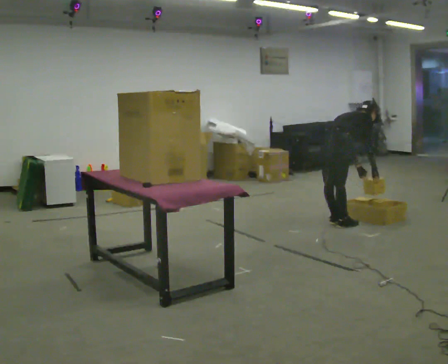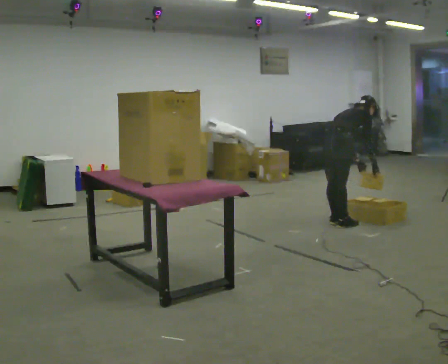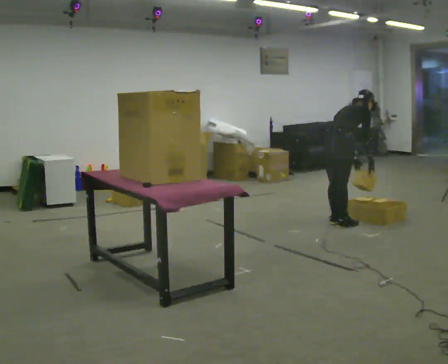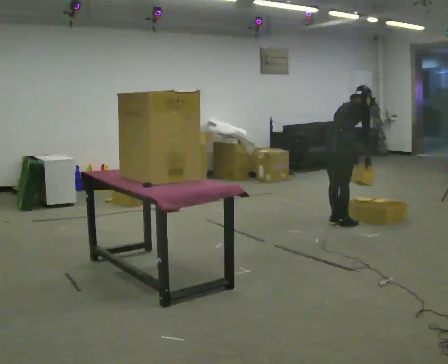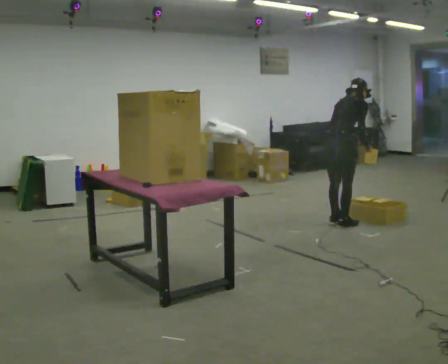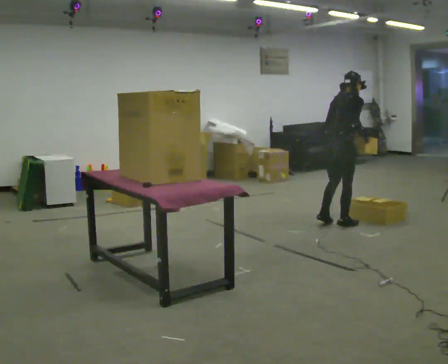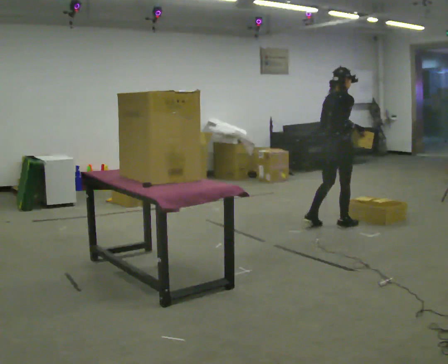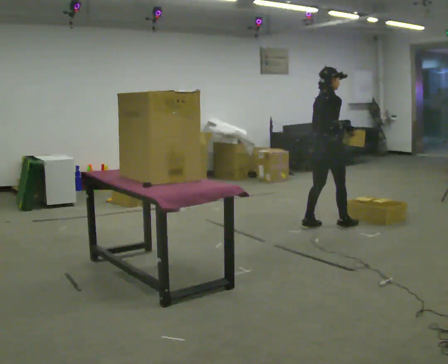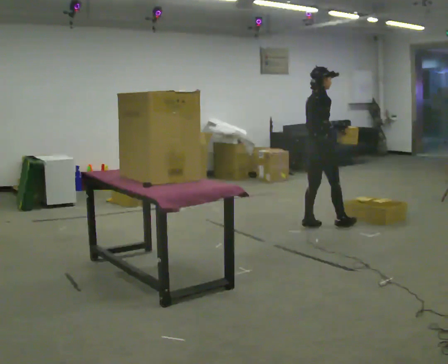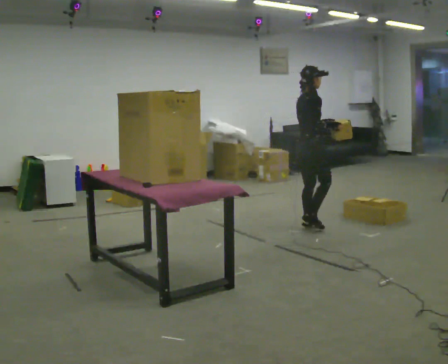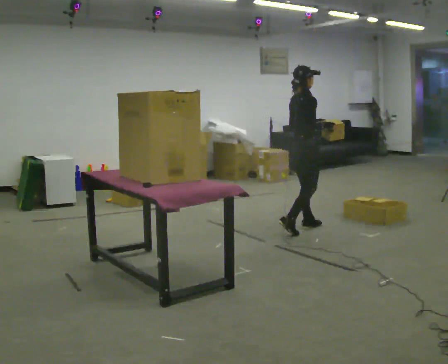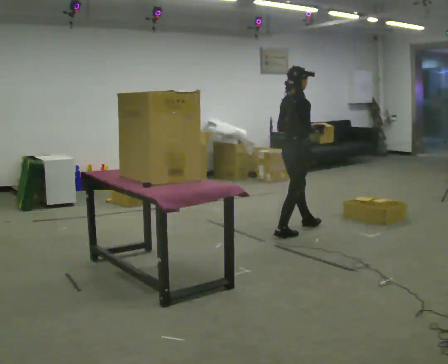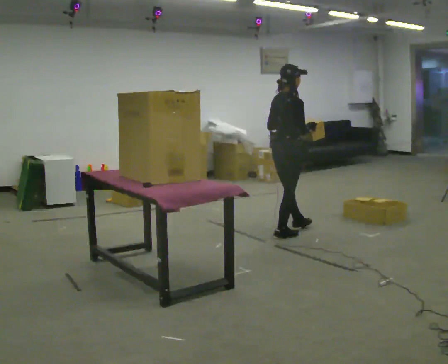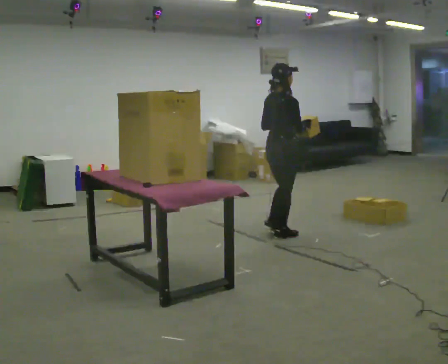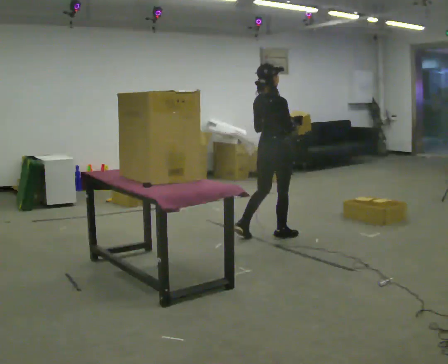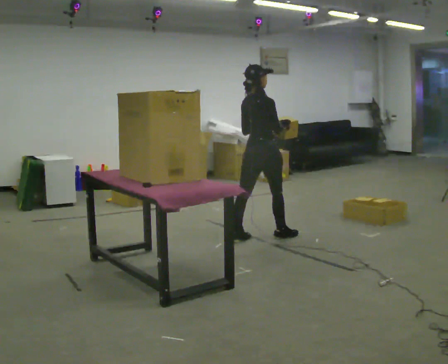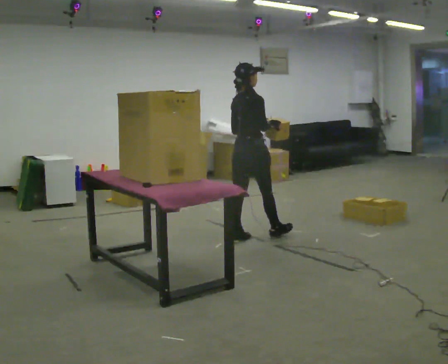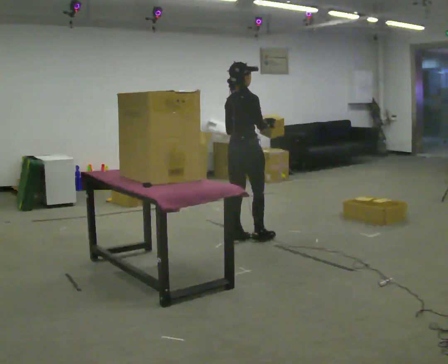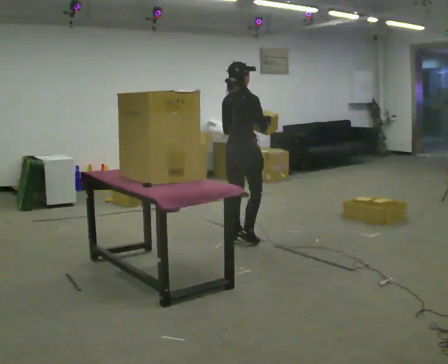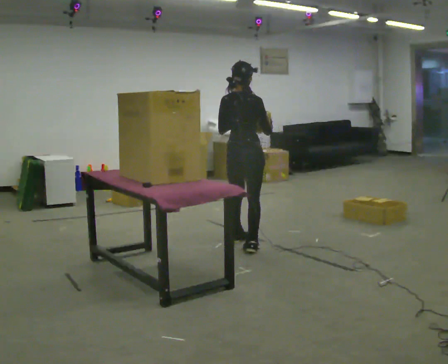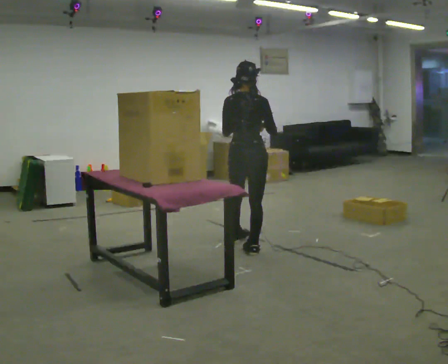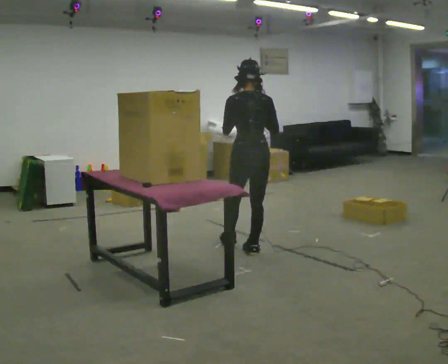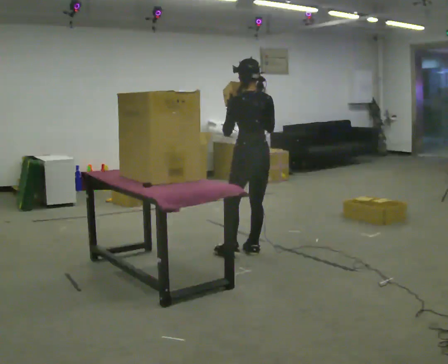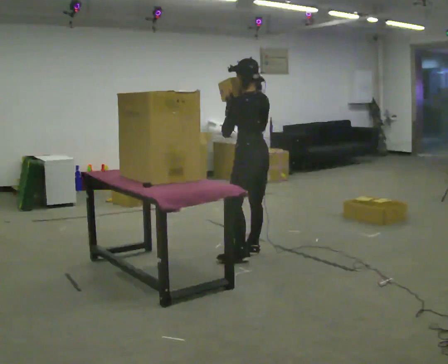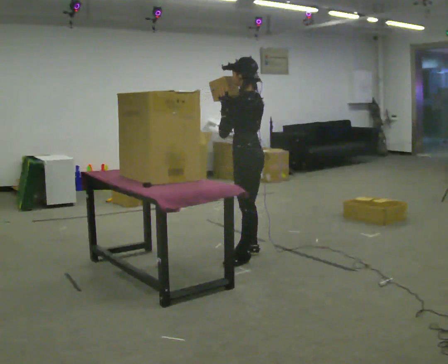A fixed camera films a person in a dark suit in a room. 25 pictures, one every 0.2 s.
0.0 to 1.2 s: The upper body goes upward. In the picture the upper body tilts counterclockwise, shoulders to the left, as they lean back or straighten. In the picture their left hand goes upward.
1.2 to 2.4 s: In the picture they go to the left and toward the camera, about 0.5 m in 2 steps, which for them is backward.
2.4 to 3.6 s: In the picture they go to the left and toward the camera, about 0.5 m in 1 step, which for them is backward.
3.6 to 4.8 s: The person turns about 105 degrees to their left, counterclockwise seen from above, so the part of the body nearest the lens slides to the right. In the picture they go toward the camera, about 0.5 m in 1 step.
The film runs backward here.
